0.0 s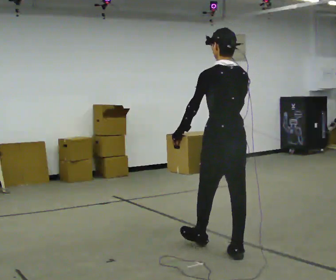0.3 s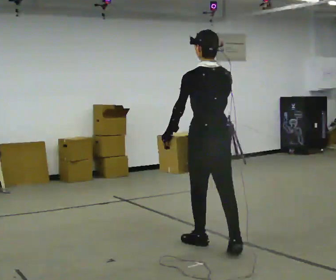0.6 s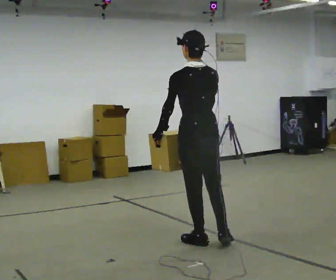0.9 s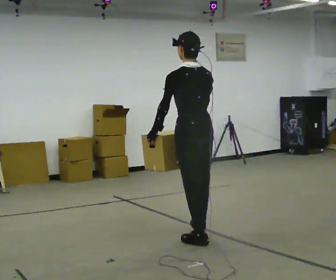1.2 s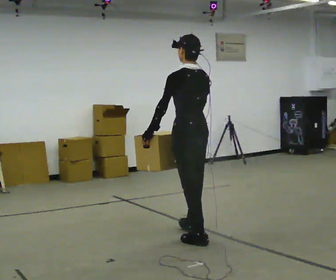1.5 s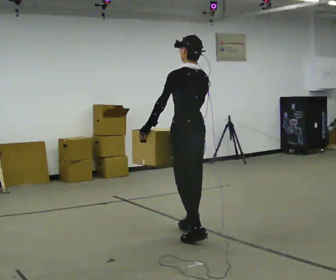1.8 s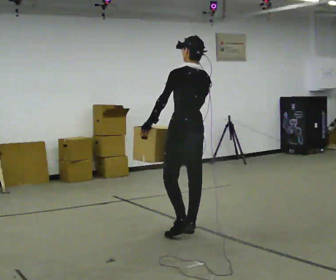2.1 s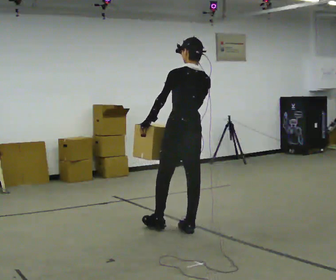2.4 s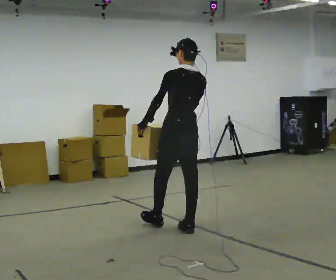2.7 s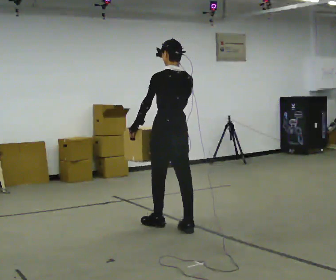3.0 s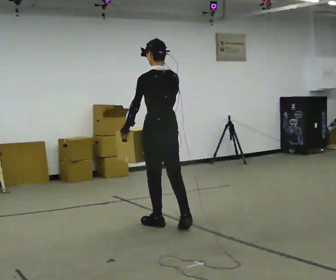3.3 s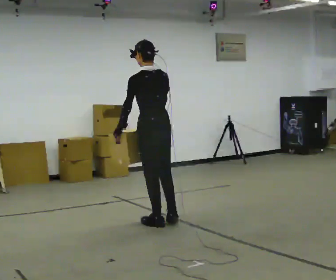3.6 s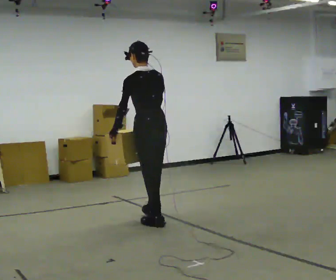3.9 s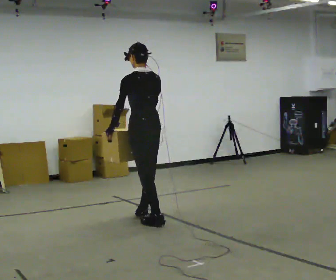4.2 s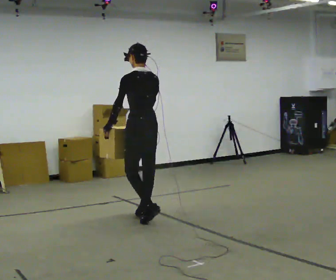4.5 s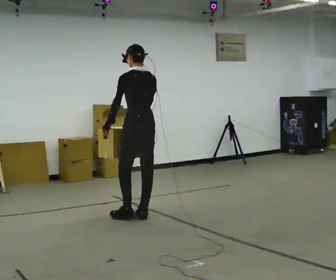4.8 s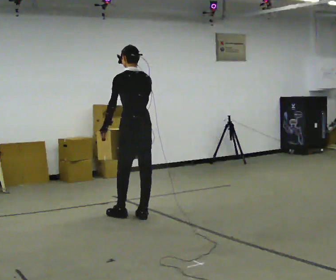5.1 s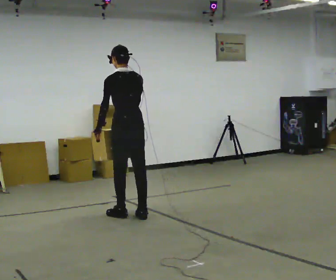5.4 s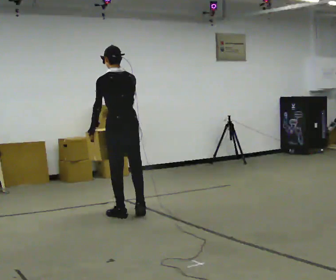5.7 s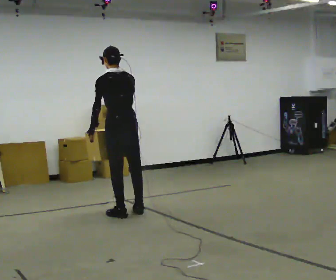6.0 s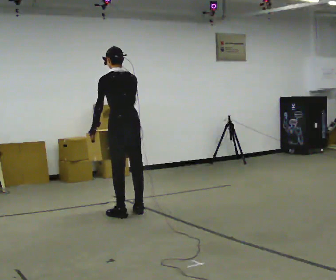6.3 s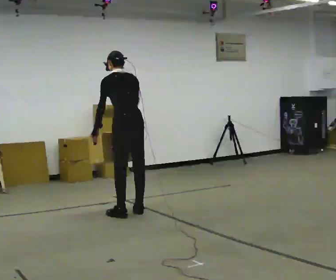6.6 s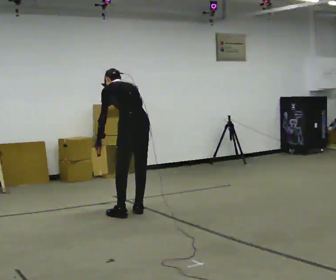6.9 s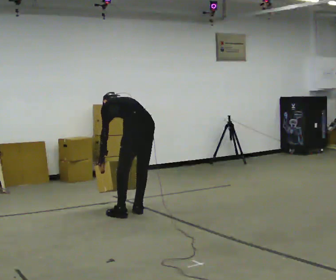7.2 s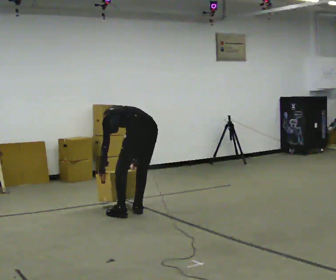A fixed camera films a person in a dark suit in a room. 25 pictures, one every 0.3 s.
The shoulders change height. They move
downward.
Their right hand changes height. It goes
downward.
0.0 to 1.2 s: In the picture they go away from the camera and to the left, about 0.5 m in 2 steps, which for them is forward.
1.2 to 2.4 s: In the picture they go away from the camera, about 0.25 m in 1 step, which for them is forward.
2.4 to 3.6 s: In the picture they go to the left and away from the camera, about 0.25 m, which for them is forward. In the picture the upper body tilts counterclockwise, shoulders to the left.
3.6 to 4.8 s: In the picture they go away from the camera, about 0.25 m in 2 steps, which for them is forward.
4.8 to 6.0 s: The person moves a little, or ends about where they began.
6.0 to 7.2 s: In the picture they go to the right, about 0.25 m, which for them is to their right. The upper body goes downward. The upper body tips away from the camera, its near side rolling upward, as they bend forward. In the picture their left hand goes downward.
The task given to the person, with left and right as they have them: Carry the box across the room much more slowly and carefully than normal, back and forth.
The film runs forward here.
